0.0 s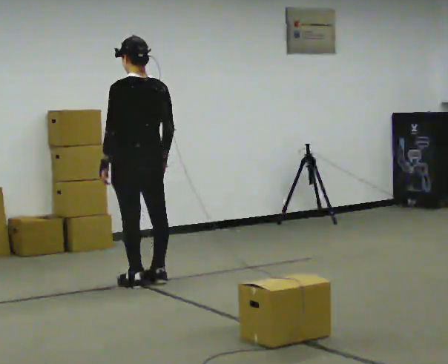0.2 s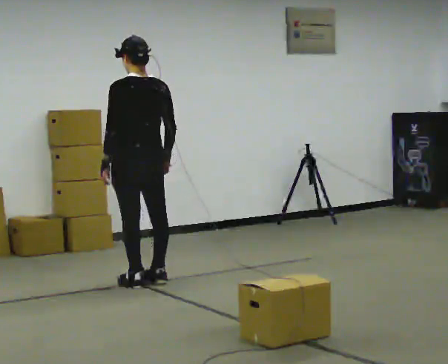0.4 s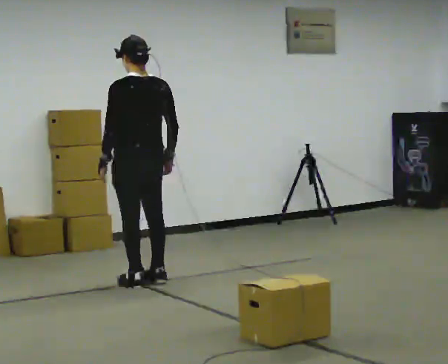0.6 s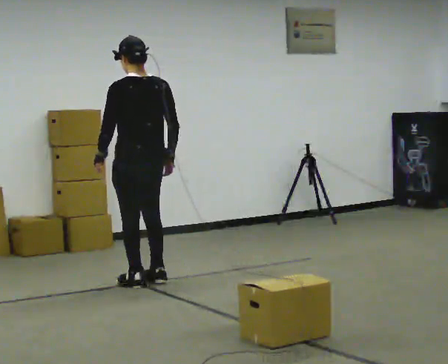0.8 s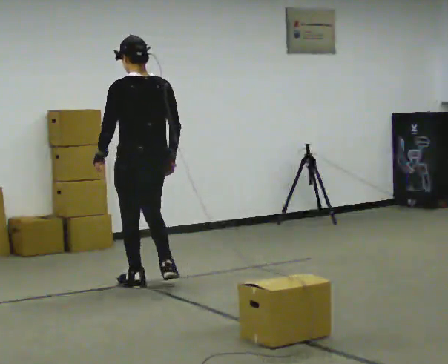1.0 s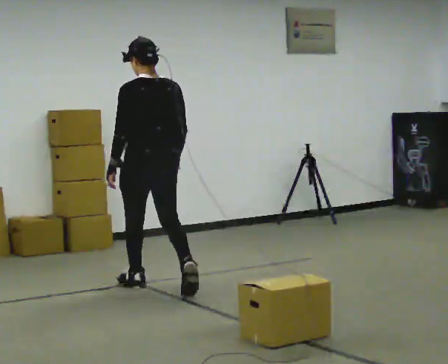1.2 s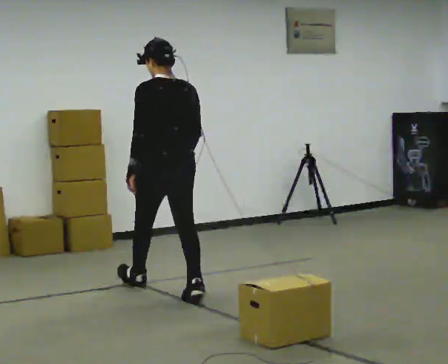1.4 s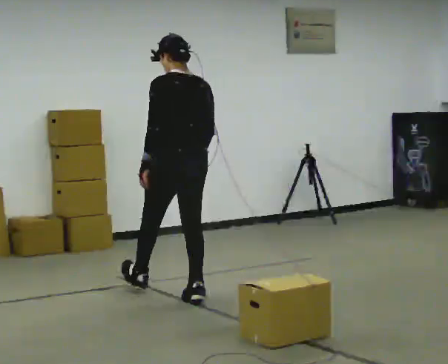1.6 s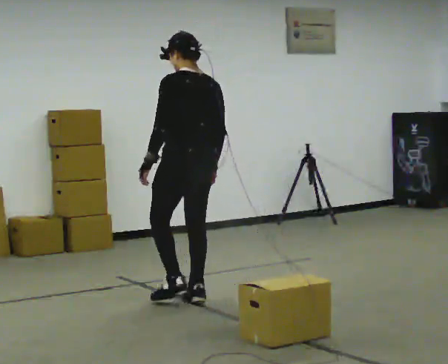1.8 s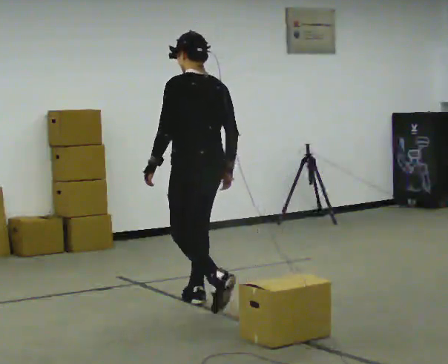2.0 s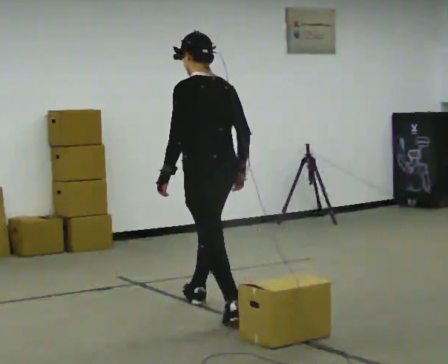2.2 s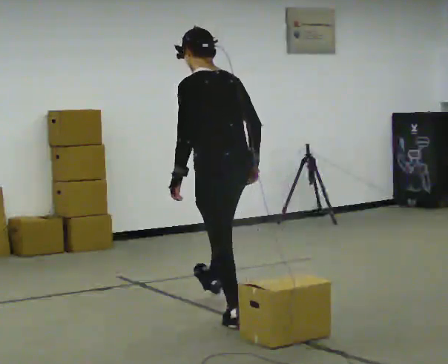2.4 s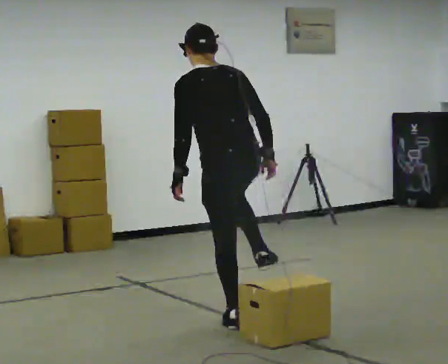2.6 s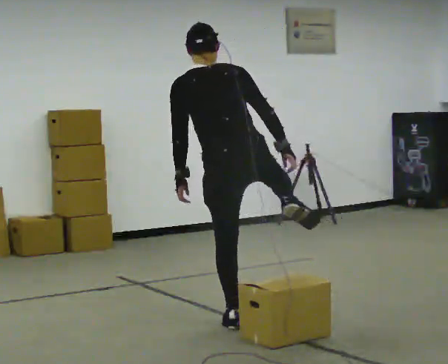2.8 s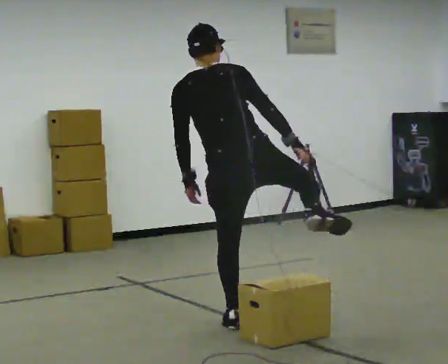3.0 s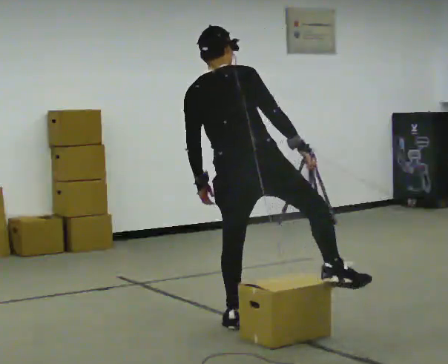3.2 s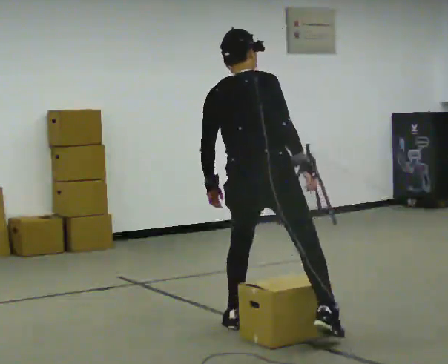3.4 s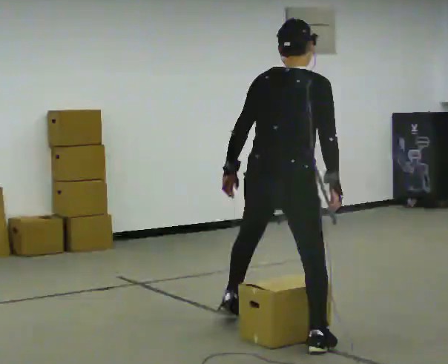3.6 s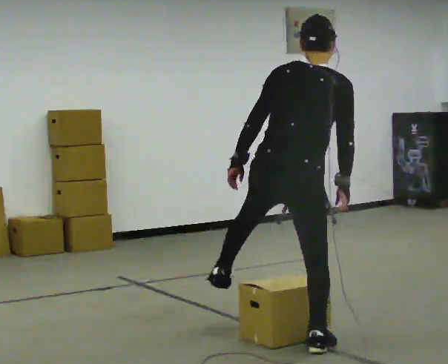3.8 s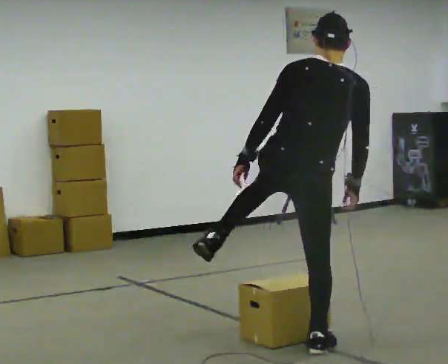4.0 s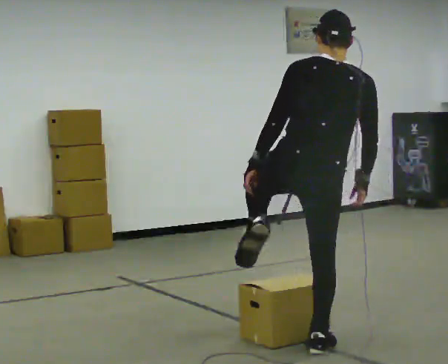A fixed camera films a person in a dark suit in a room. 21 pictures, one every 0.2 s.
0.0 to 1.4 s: In the picture they go toward the camera and to the right, about 0.5 m in 2 steps, which for them is backward.
1.4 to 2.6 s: In the picture they go toward the camera and to the right, about 1 m in 1 step, which for them is backward. In the picture the upper body tilts counterclockwise, shoulders to the left.
2.6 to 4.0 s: Seen from above the body turns clockwise, about 30 degrees: to their right, with its near side sliding to the left. In the picture they go toward the camera and to the right, about 0.5 m in 1 step, which for them is to their right and backward. In the picture the upper body tilts clockwise, shoulders to the right.
The film runs backward here.
